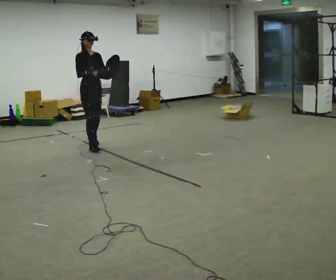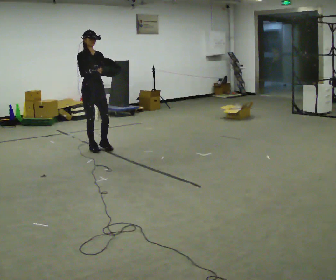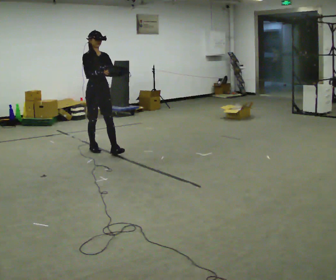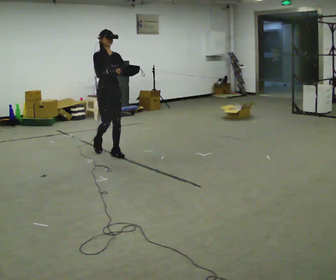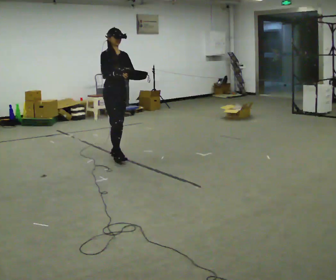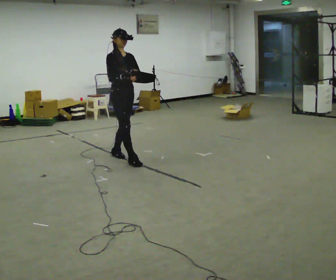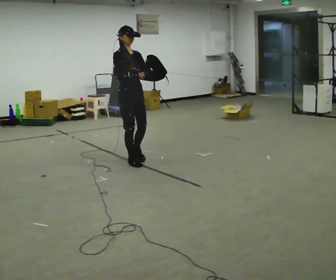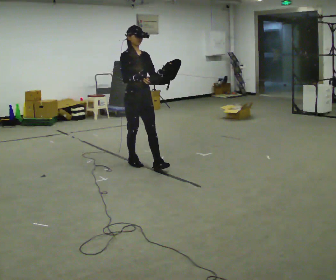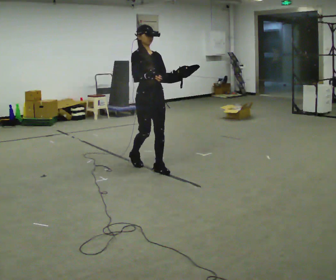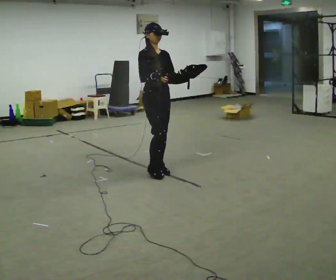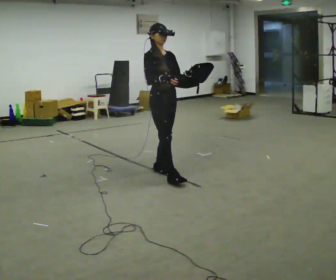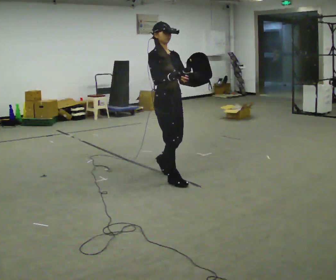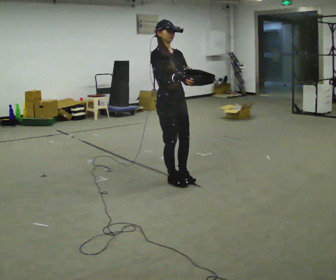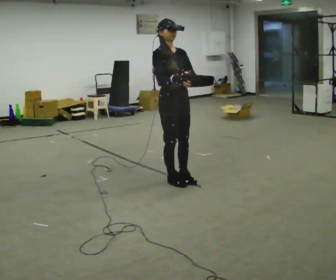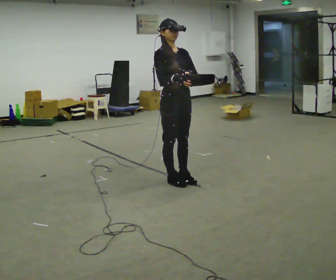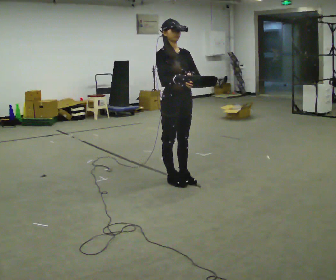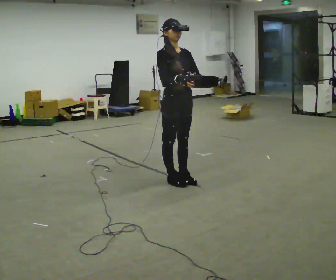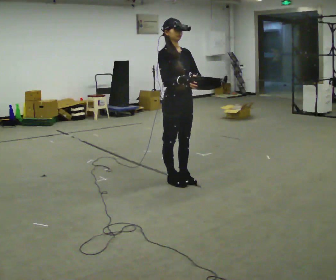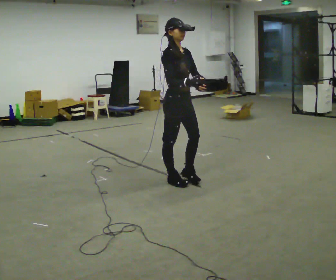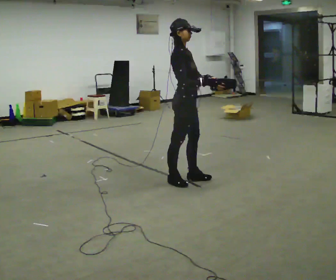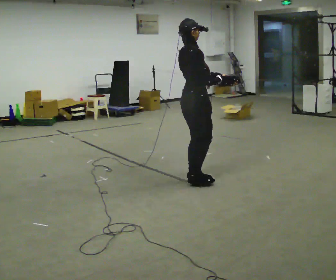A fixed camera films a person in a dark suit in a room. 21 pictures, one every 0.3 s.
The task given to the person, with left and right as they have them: Carry the lidded box and, while you are still walking, open the lid, then close it again. Repeat as you walk back and forth. Do not stop to do it.
0.0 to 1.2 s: In the picture they go to the right and toward the camera, about 0.5 m in 1 step, which for them is forward.
1.2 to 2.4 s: In the picture they go to the right and toward the camera, about 0.5 m in 2 steps, which for them is forward.
2.4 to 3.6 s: In the picture they go toward the camera and to the right, about 0.5 m in 1 step, which for them is forward.
3.6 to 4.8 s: The person moves a little, or ends about where they began.
4.8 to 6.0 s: The part of the body nearest the lens slides to the right as the person turns to their left by about 75 degrees. In the picture their right hand goes to the right.
The film runs forward here.
